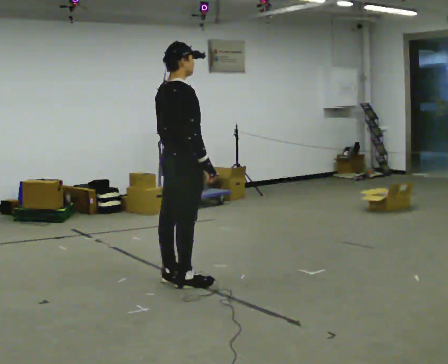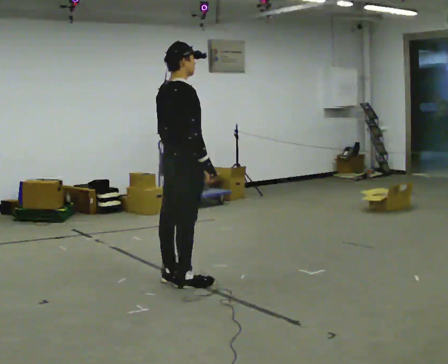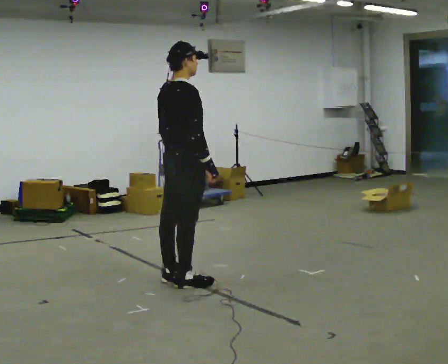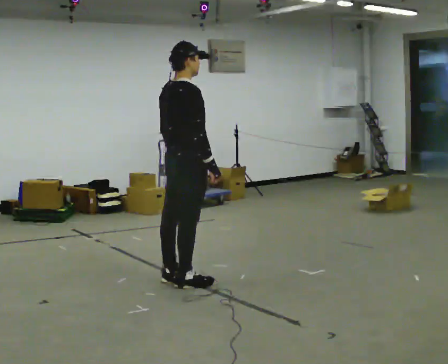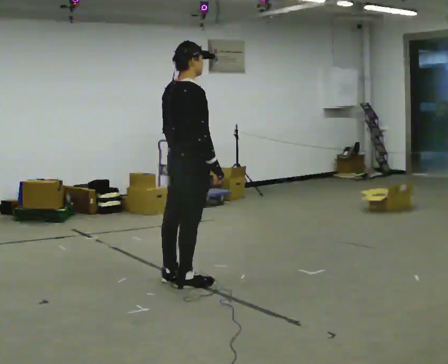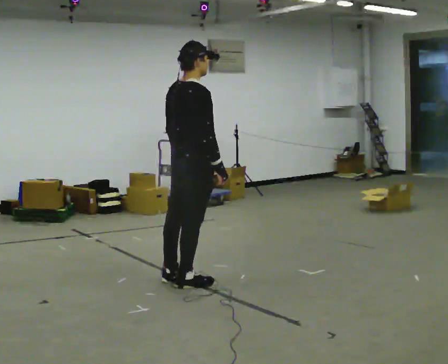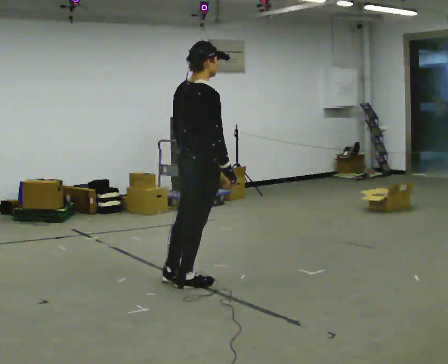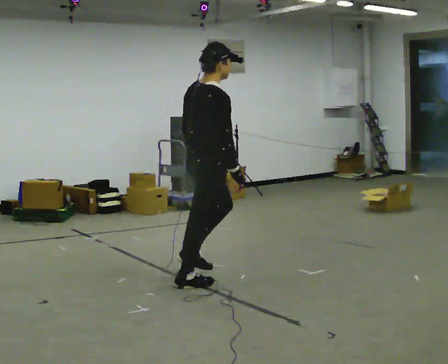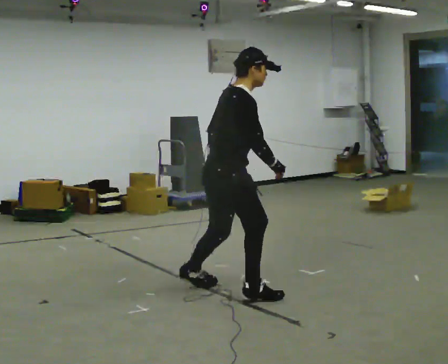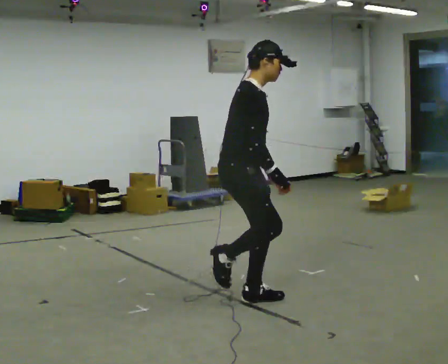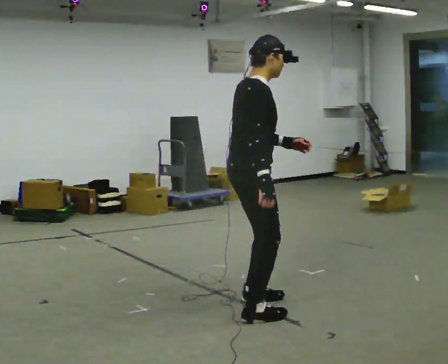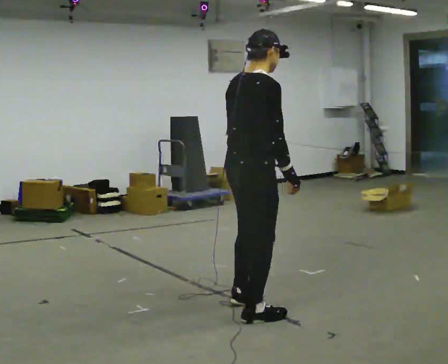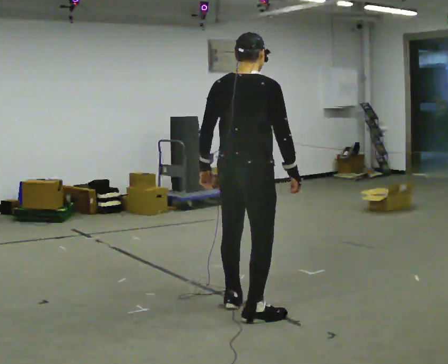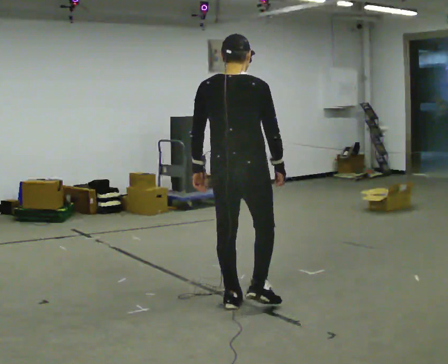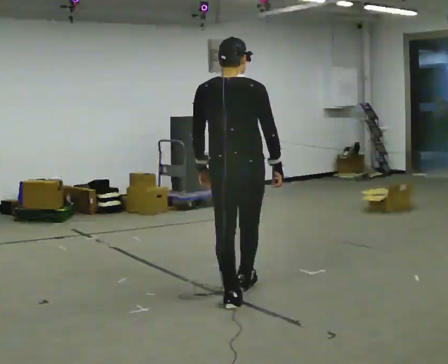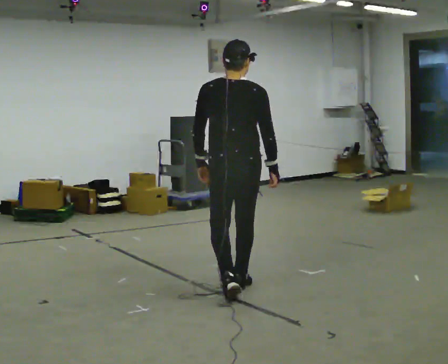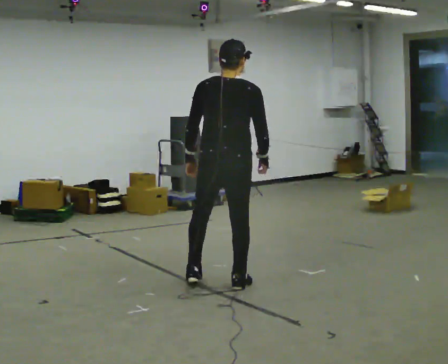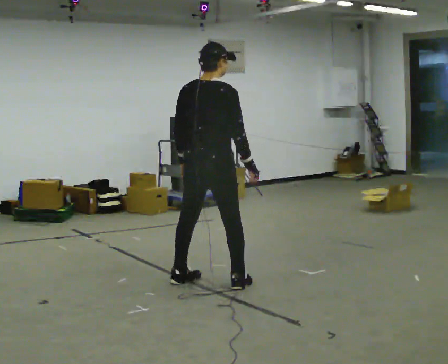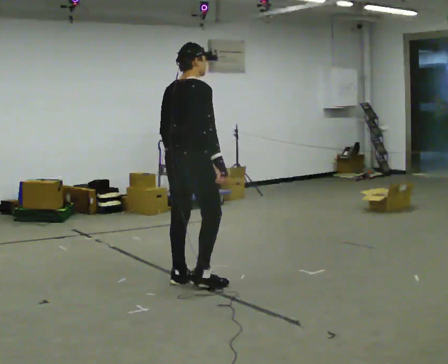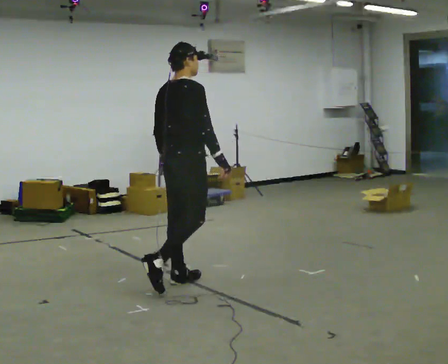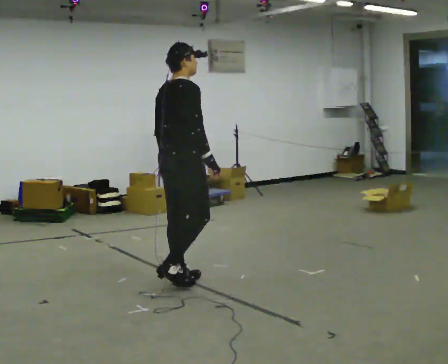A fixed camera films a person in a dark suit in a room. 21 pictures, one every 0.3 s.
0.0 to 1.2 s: The person moves a little, or ends about where they began.
1.2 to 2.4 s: The part of the body nearest the lens slides to the left as the person turns to their right by about 45 degrees. In the picture they go to the right and toward the camera, about 0.5 m, which for them is to their right.
2.4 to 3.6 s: The person turns about 75 degrees to their left, counterclockwise seen from above, so the part of the body nearest the lens slides to the right. In the picture they go toward the camera and to the right, about 0.25 m in 3 steps.
3.6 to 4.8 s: The person turns about 30 degrees to their left, counterclockwise seen from above, so the part of the body nearest the lens slides to the right. In the picture they go away from the camera, about 0.5 m in 1 step, which for them is forward.
4.8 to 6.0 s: Seen from above the body turns clockwise, about 45 degrees: to their right, with its near side sliding to the left. In the picture they go to the left, about 0.25 m in 1 step, which for them is to their left and backward.
The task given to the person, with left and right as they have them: Stand on the marked spots. Lean to the side the operator calls until you cannot hold it, then step to catch yourself. Return to the spots. Repeat at your own pace until the operator says stop. Go slowly and only as far as you are comfortable. Step whenever you need to; do not try to hold on longer than feels safe.
The film runs forward here.
